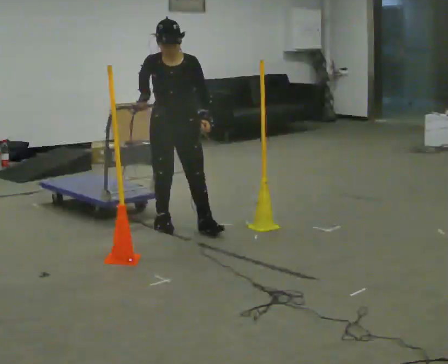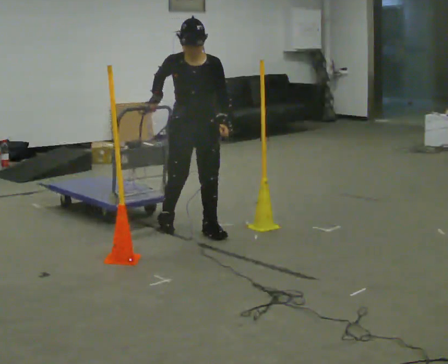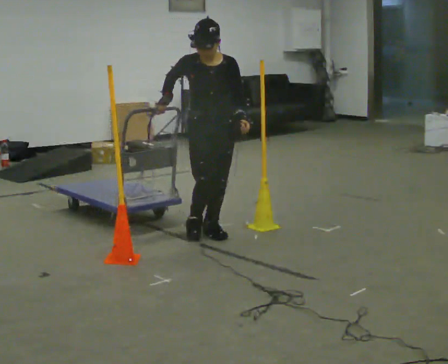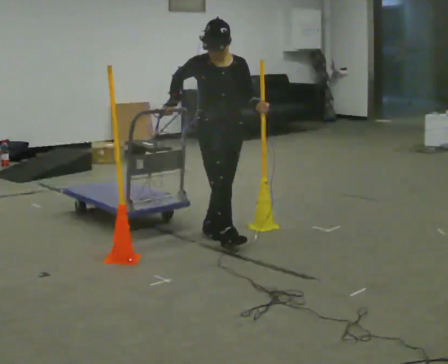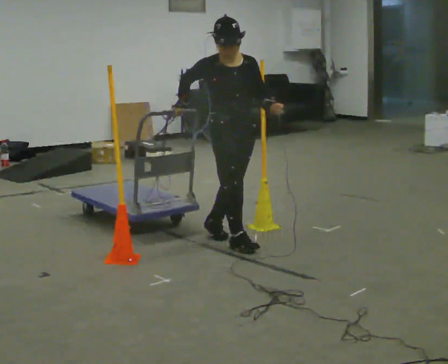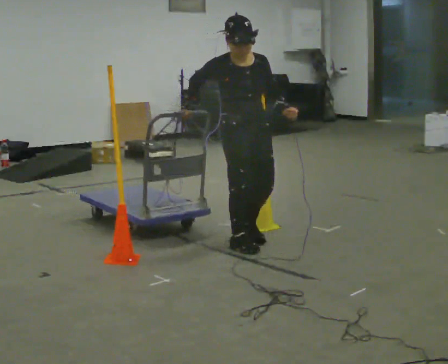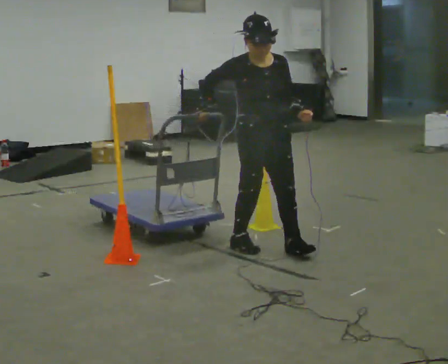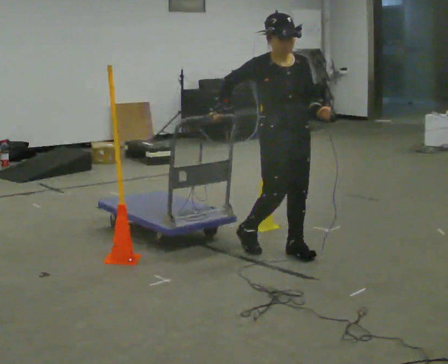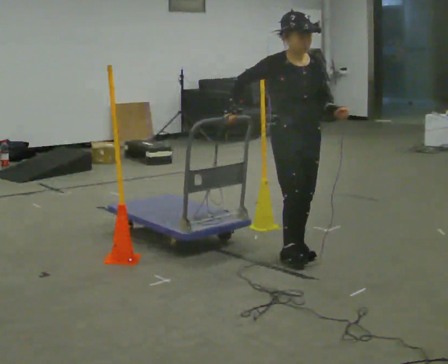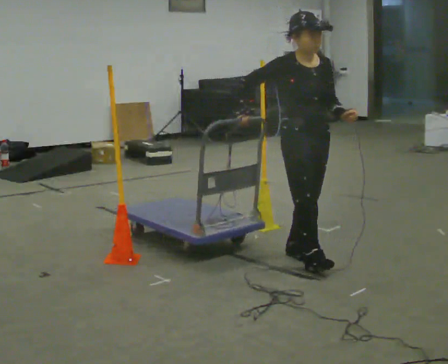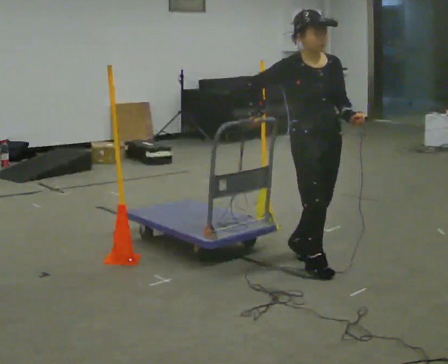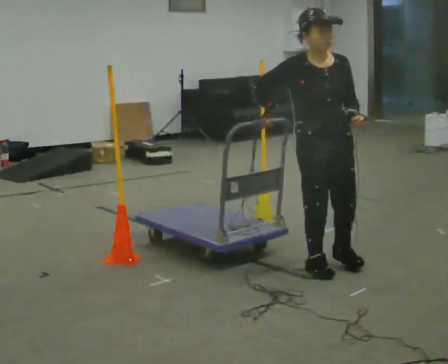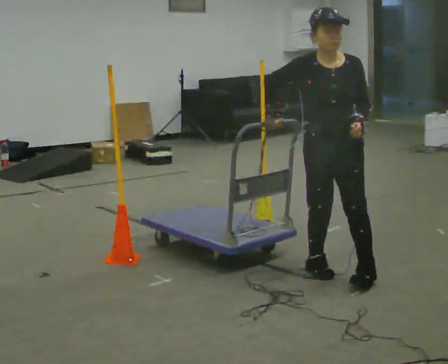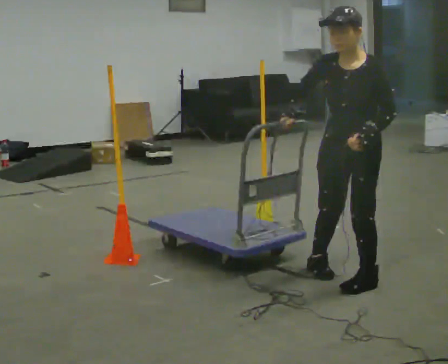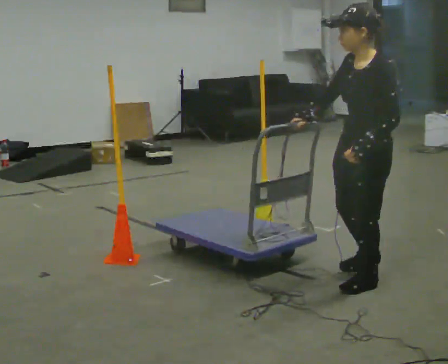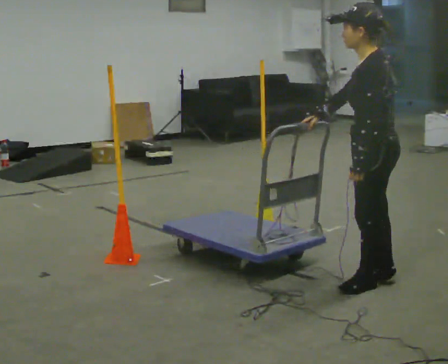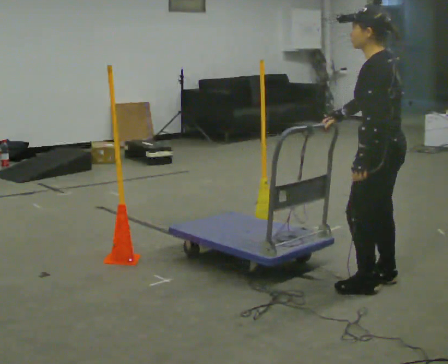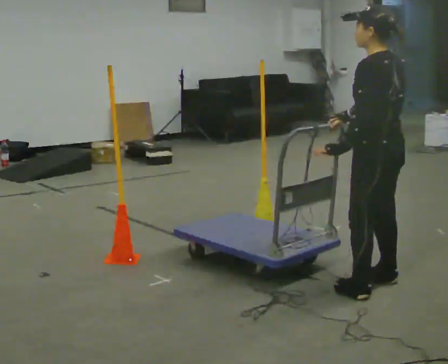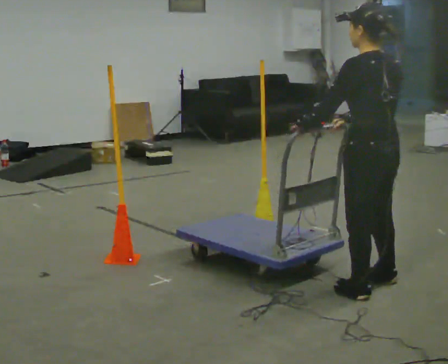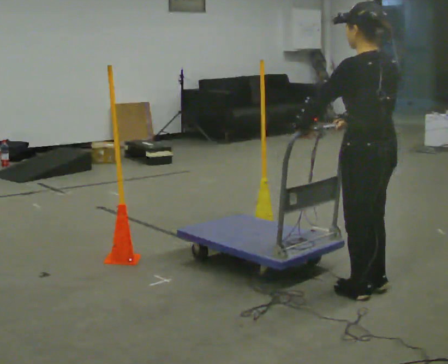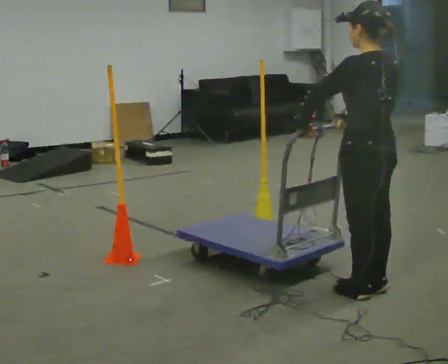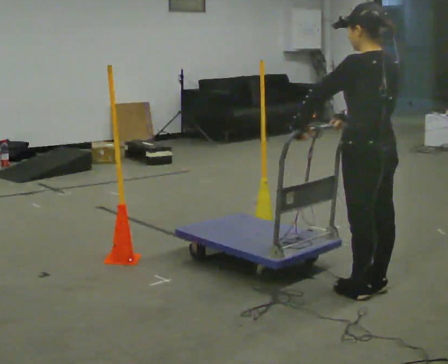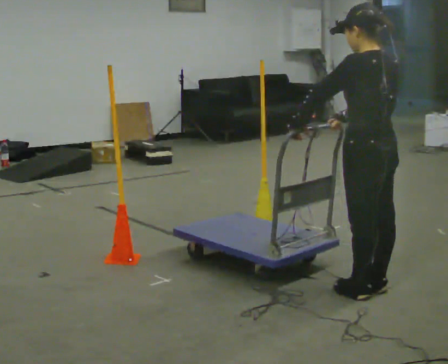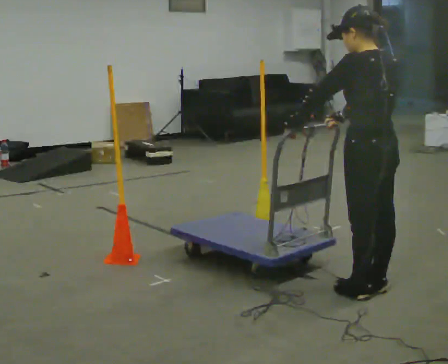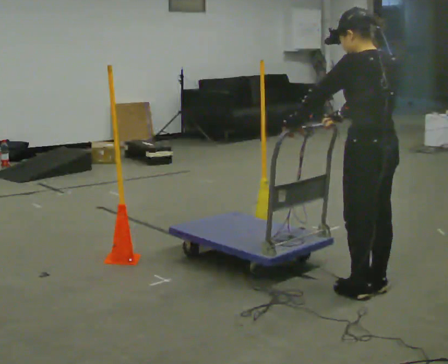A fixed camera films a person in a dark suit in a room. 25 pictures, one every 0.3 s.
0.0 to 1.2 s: In the picture they go to the right and toward the camera, about 0.5 m in 2 steps, which for them is forward and to their left.
1.2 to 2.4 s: In the picture they go to the right and toward the camera, about 0.5 m in 1 step, which for them is forward and to their left.
2.4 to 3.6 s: The part of the body nearest the lens slides to the left as the person turns to their right by about 30 degrees. In the picture they go toward the camera and to the right, about 0.5 m in 1 step, which for them is forward.
3.6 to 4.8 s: Seen from above the body turns clockwise, about 120 degrees: to their right, with its near side sliding to the left. In the picture they go to the right and toward the camera, about 0.25 m in 2 steps.
4.8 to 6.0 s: In the picture their left hand goes to the left.
6.0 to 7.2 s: The person moves a little, or ends about where they began.
The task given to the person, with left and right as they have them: Push the cart through the gap between the poles without touching them, then bring it back through.
The film runs forward here.
